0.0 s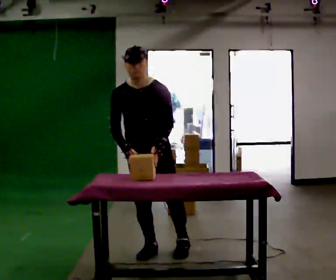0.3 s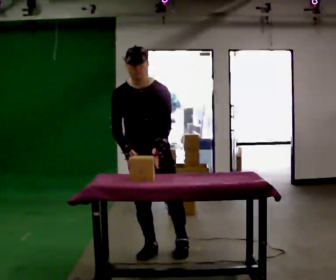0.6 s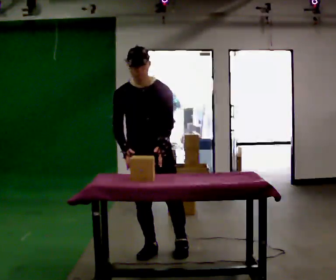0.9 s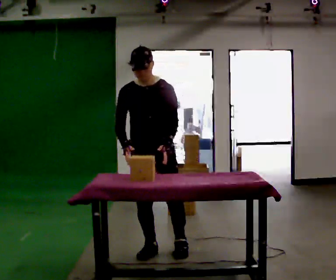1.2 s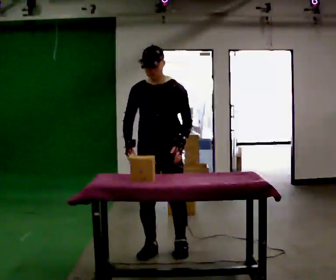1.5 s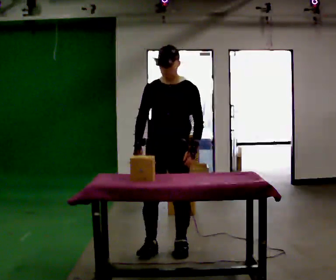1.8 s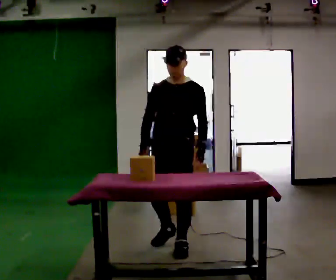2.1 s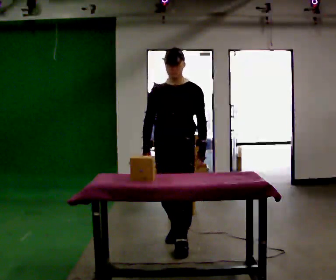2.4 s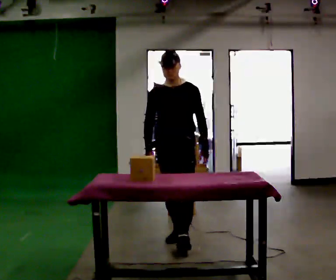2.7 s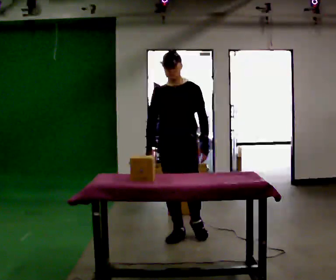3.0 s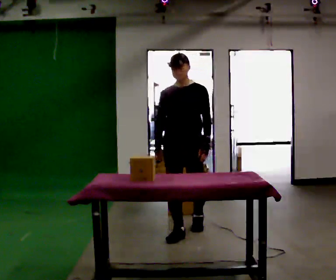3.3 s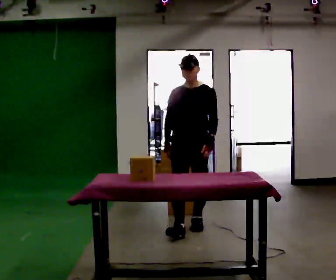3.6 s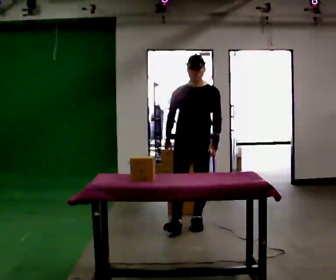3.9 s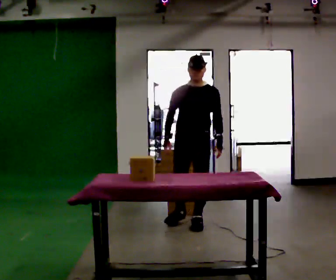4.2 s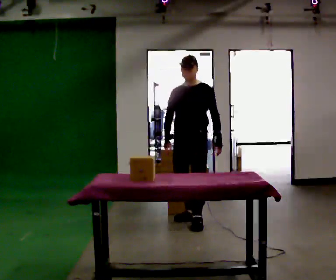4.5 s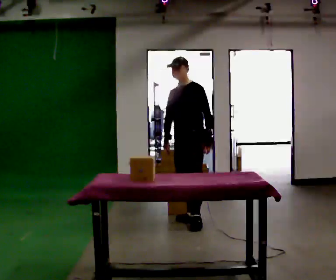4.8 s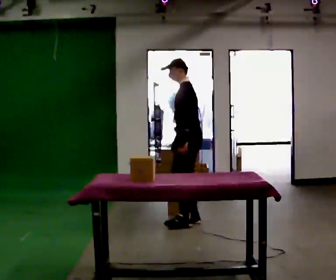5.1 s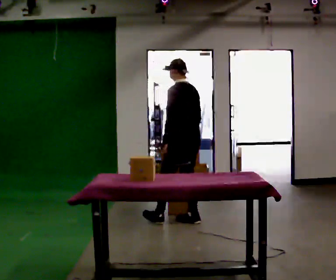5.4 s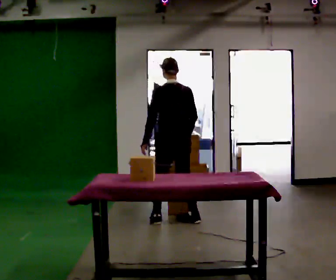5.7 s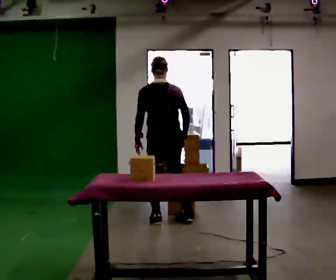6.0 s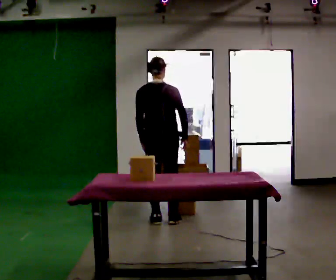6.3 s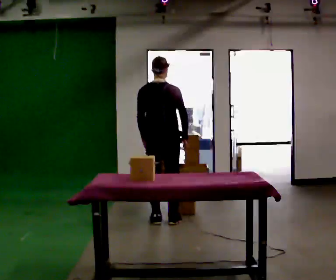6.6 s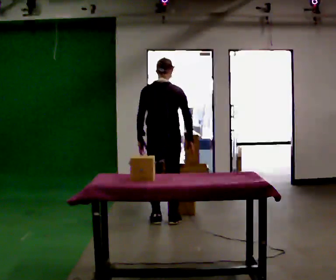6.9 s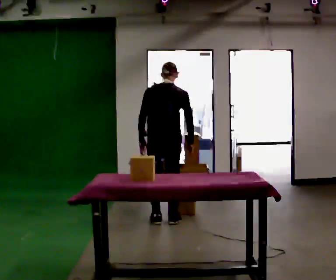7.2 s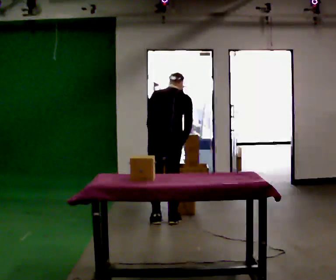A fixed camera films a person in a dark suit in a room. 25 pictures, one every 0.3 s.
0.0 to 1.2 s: The person moves a little, or ends about where they began.
1.2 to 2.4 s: In the picture they go away from the camera, about 0.25 m in 2 steps, which for them is backward.
2.4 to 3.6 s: In the picture they go away from the camera, about 0.5 m in 1 step, which for them is backward.
3.6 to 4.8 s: Seen from above the body turns clockwise, about 90 degrees: to their right, with its near side sliding to the left. In the picture they go away from the camera, about 0.25 m in 1 step. In the picture their left hand goes to the left.
4.8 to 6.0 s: Seen from above the body turns clockwise, about 90 degrees: to their right, with its near side sliding to the left. In the picture they go to the left, about 0.25 m in 1 step.
6.0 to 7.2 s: The upper body tips away from the camera, its near side rolling upward, as they bend forward.
The film runs backward here.
